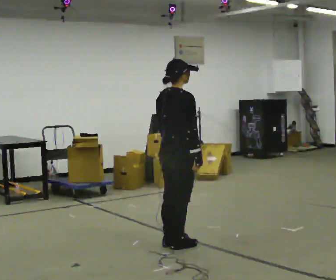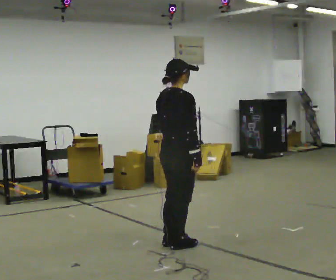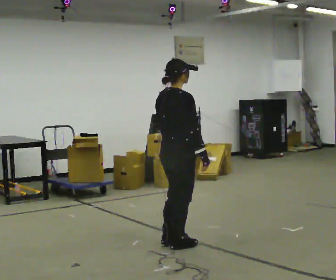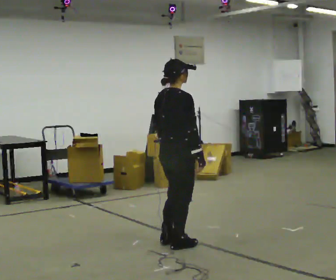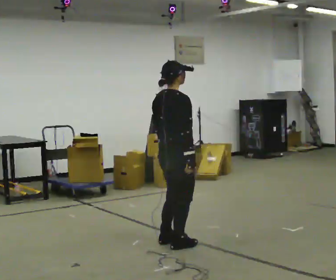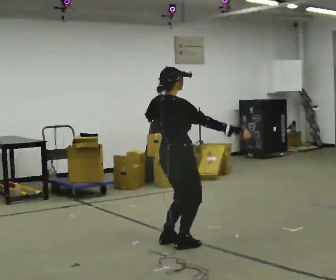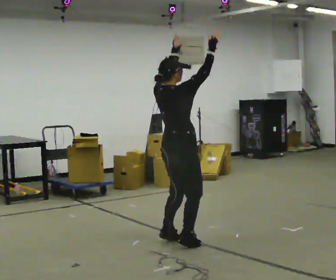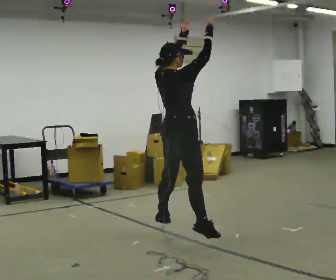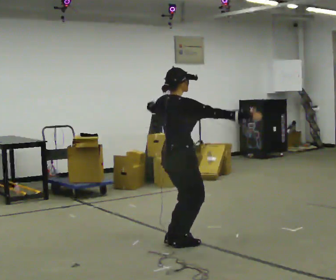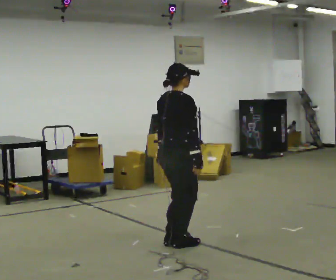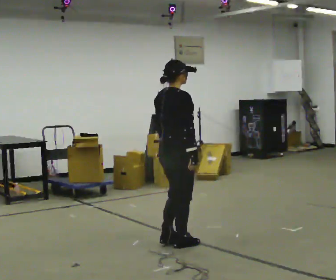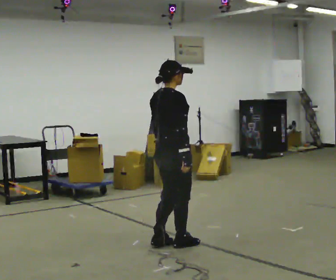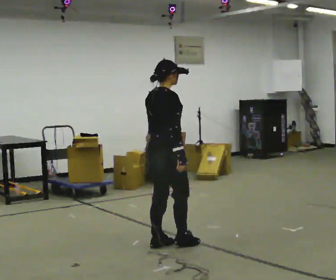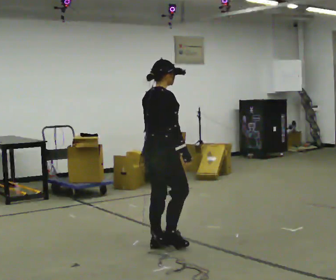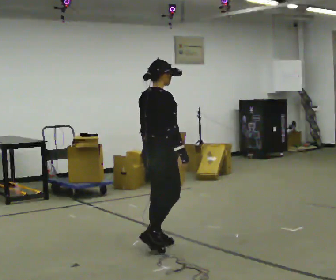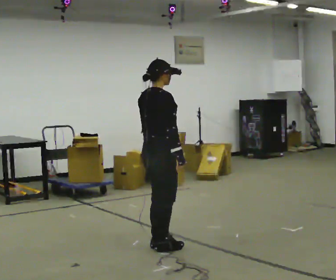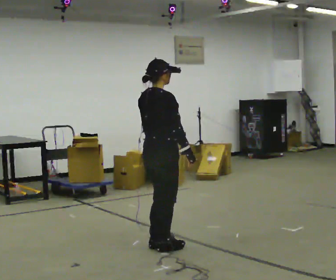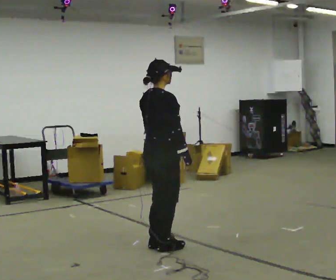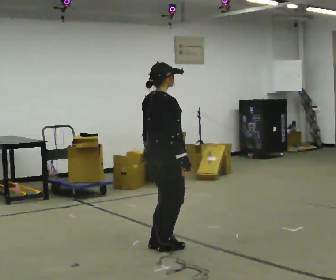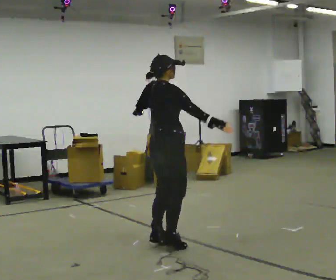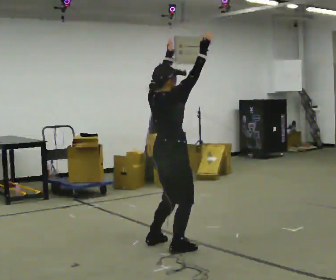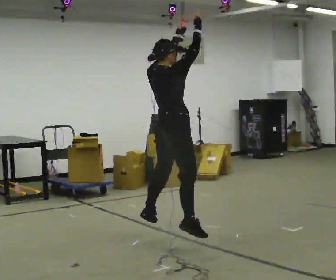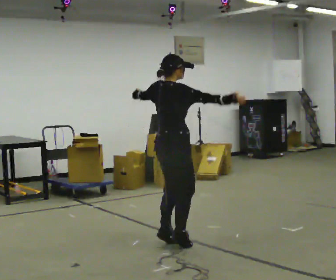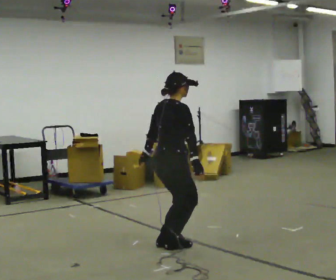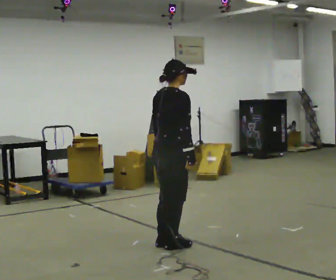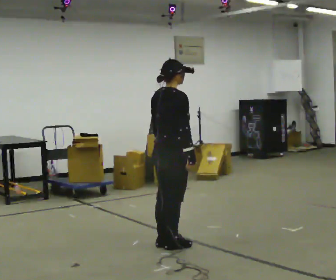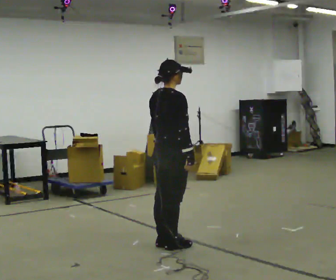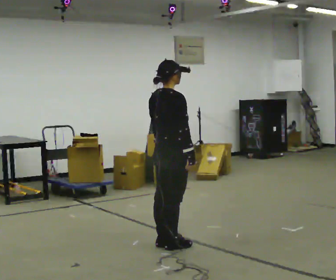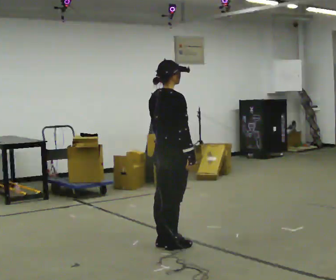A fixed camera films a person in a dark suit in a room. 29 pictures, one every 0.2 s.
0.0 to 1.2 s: In the picture their right hand goes upward, the arm swinging counterclockwise.
1.2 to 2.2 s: In the picture their right hand goes downward, the arm swinging clockwise.
2.2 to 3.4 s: The person moves a little, or ends about where they began.
3.4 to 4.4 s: In the picture their left hand goes upward.
4.4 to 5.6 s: In the picture their right hand goes downward, the arm swinging clockwise.
The film runs backward here.
